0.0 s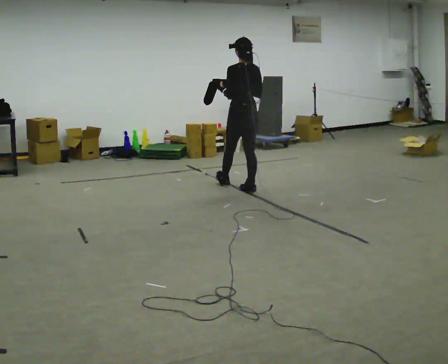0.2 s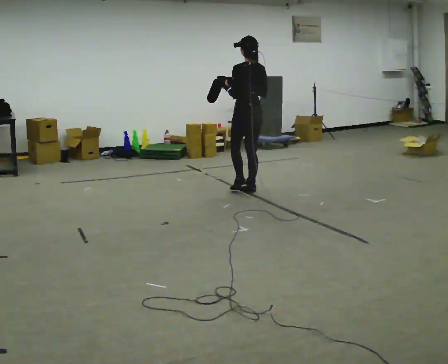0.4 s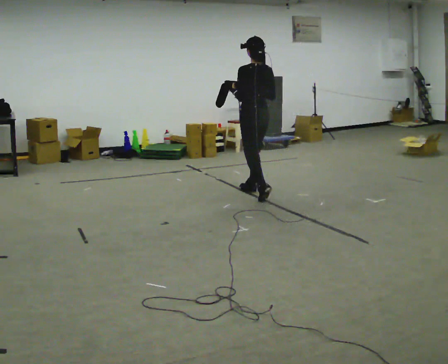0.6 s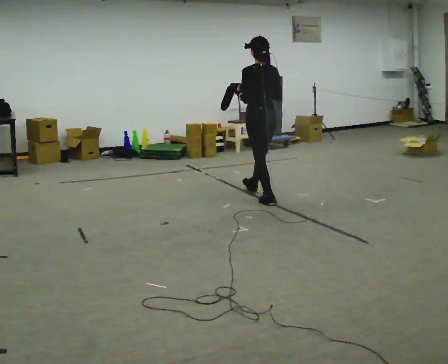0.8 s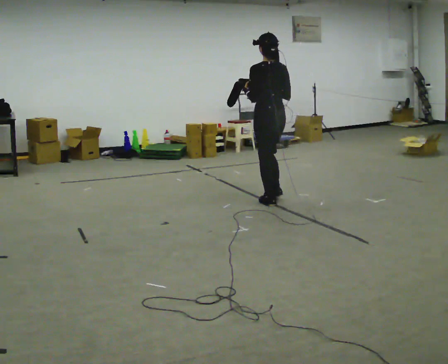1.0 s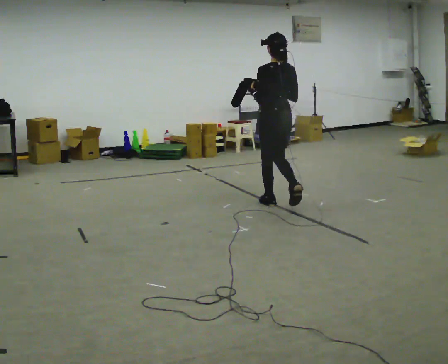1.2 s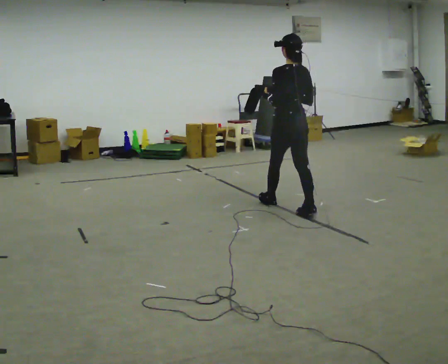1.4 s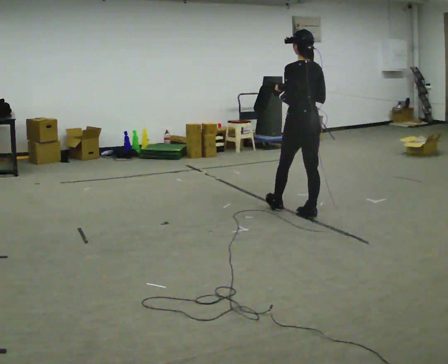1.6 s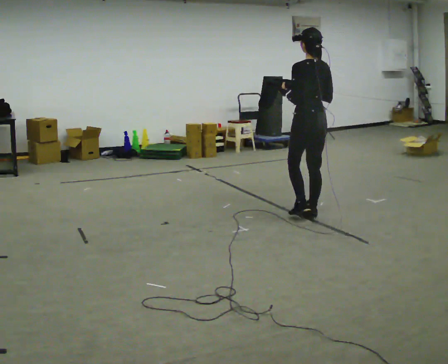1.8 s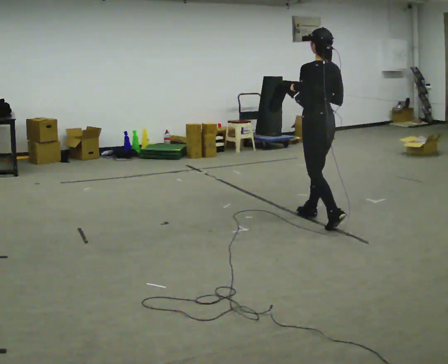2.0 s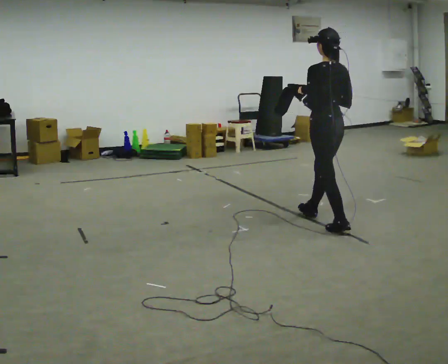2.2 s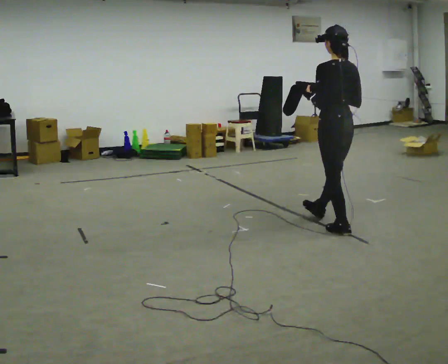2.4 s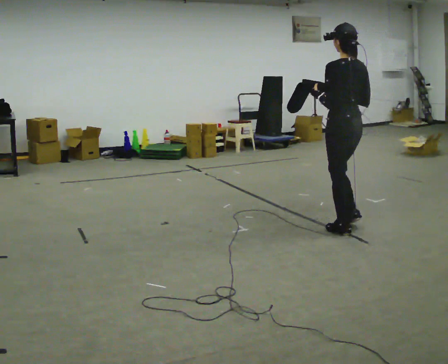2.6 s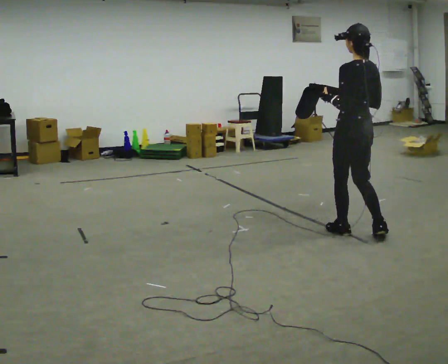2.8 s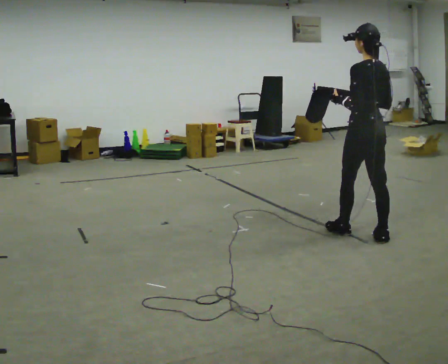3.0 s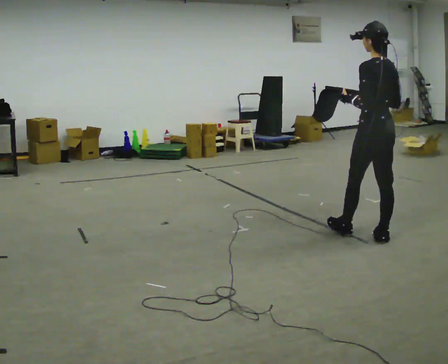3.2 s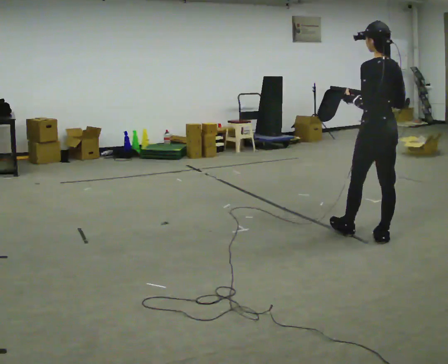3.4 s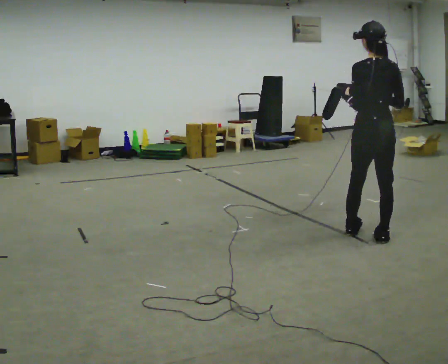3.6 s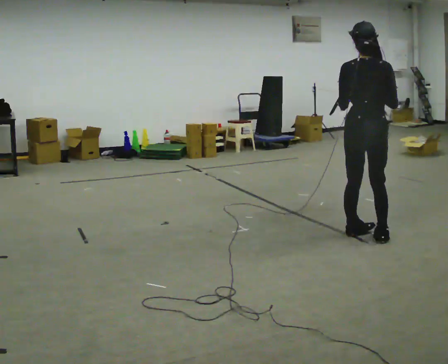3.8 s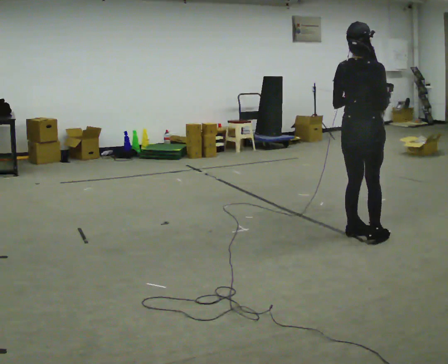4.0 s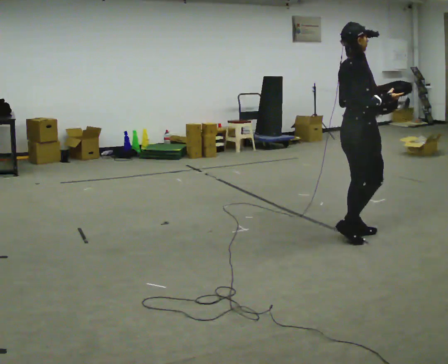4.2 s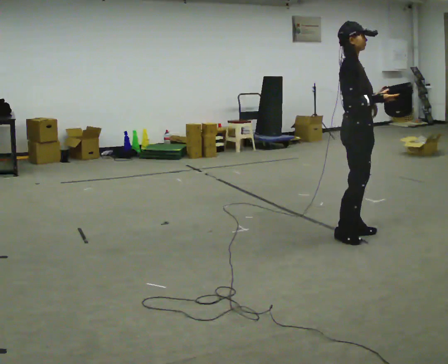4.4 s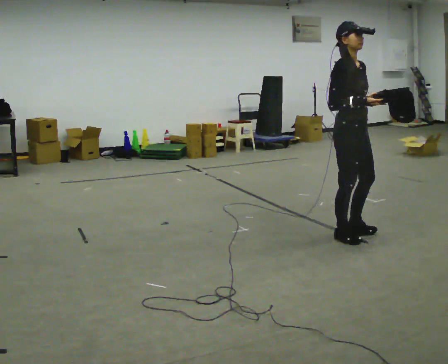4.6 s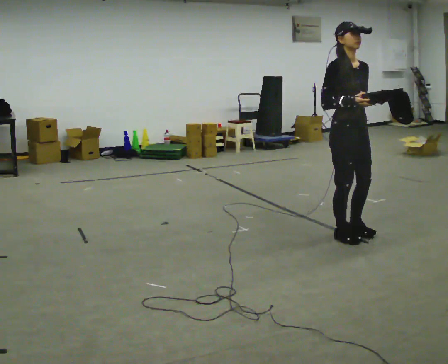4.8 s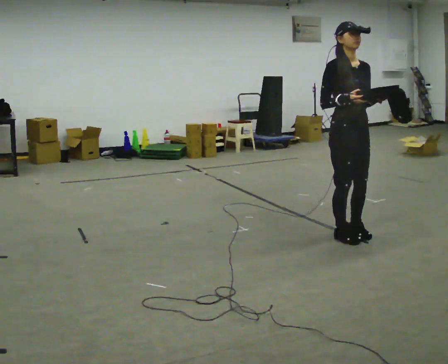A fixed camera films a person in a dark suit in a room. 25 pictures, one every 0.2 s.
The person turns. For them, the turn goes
to their right.
The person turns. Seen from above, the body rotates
clockwise.
0.0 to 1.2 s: In the picture they go toward the camera and to the right, about 1 m in 1 step, which for them is backward.
1.2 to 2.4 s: In the picture they go toward the camera and to the right, about 1 m in 2 steps, which for them is backward.
2.4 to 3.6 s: The part of the body nearest the lens slides to the left as the person turns to their right by about 45 degrees.
3.6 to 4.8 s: Seen from above the body turns clockwise, about 135 degrees: to their right, with its near side sliding to the left.
The film runs backward here.
